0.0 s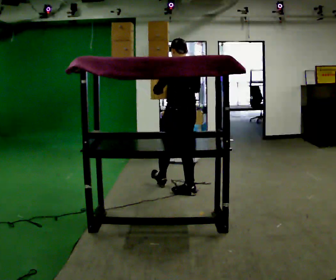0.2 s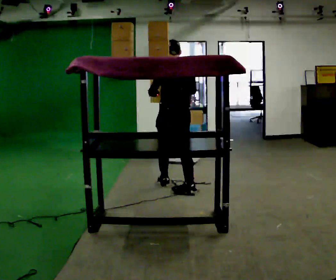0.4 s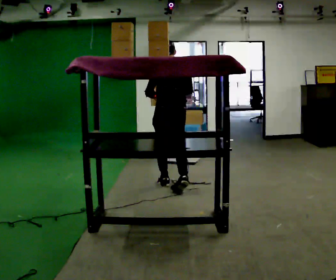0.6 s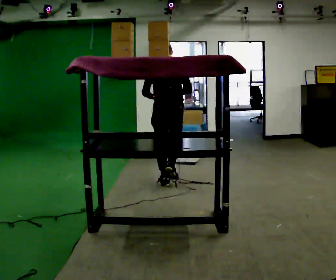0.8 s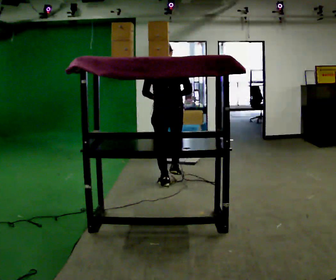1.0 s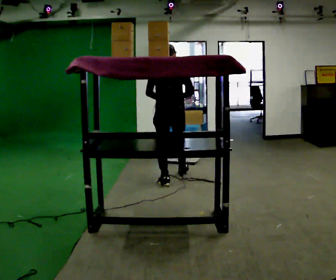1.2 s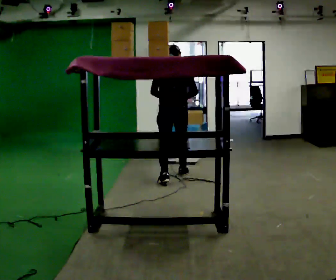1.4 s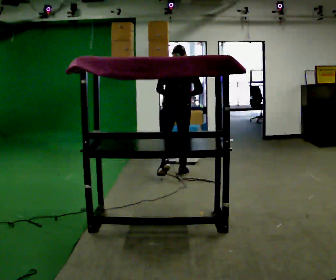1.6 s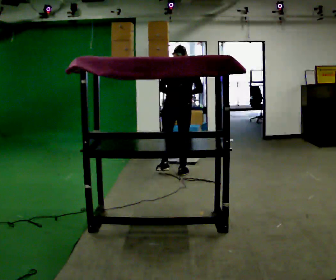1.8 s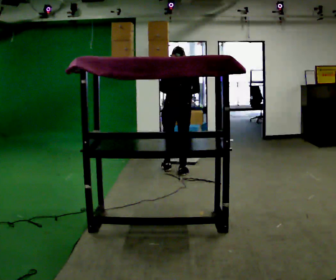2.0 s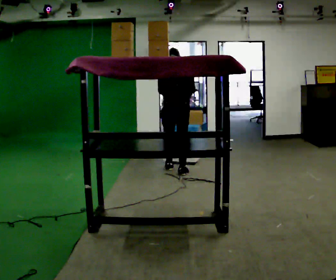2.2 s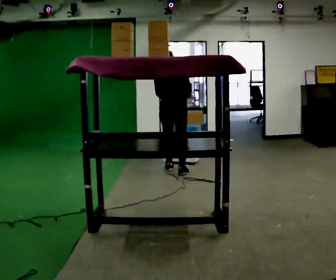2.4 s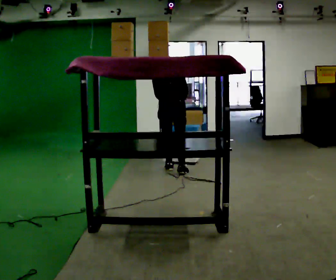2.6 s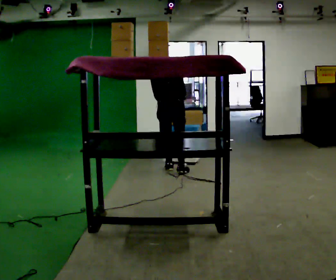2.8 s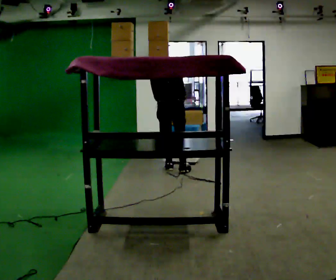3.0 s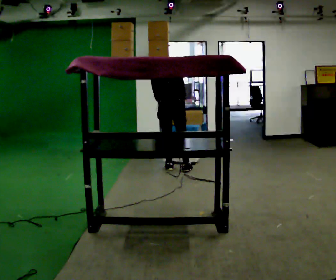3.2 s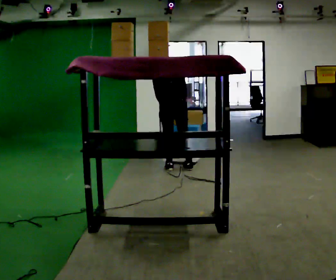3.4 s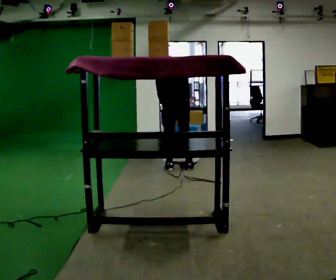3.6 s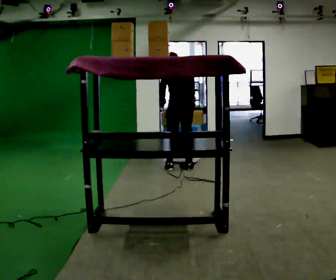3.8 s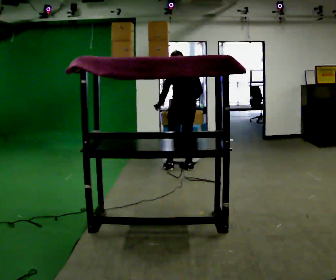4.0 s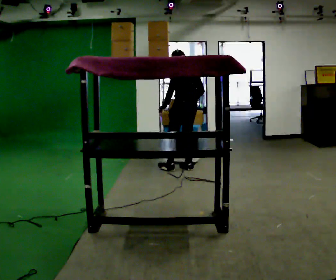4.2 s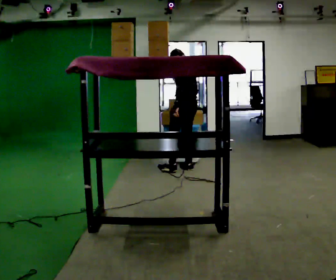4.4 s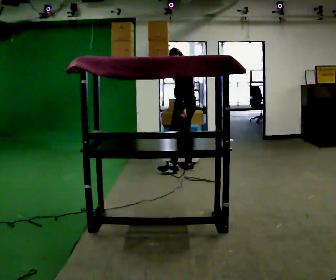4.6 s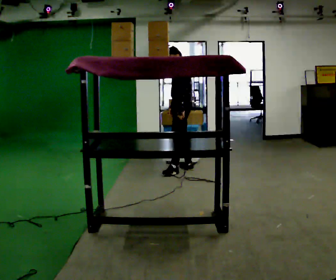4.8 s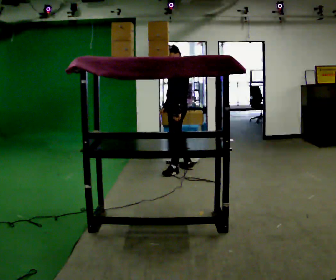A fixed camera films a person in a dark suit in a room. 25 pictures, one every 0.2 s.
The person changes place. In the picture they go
away from the camera.
The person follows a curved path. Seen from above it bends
clockwise.
0.0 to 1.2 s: The person turns about 30 degrees to their right, clockwise seen from above, so the part of the body nearest the lens slides to the left. In the picture they go away from the camera, about 0.5 m in 2 steps, which for them is forward.
1.2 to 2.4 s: In the picture they go away from the camera, about 0.5 m in 1 step, which for them is forward. The upper body tips away from the camera, its near side rolling upward, as they bend forward.
2.4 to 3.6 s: In the picture they go to the right, about 0.25 m in 1 step, which for them is to their right.
3.6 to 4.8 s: The person turns about 90 degrees to their left, counterclockwise seen from above, so the part of the body nearest the lens slides to the right. The upper body tips toward the camera, its near side rolling downward, as they lean back or straighten.
The film runs forward here.
